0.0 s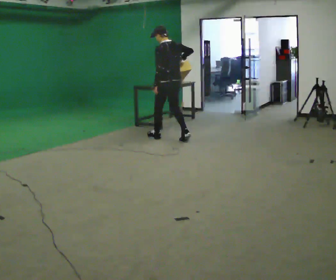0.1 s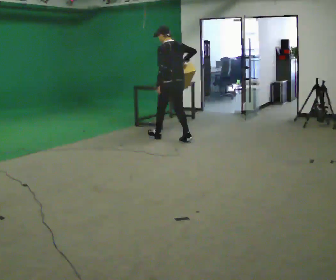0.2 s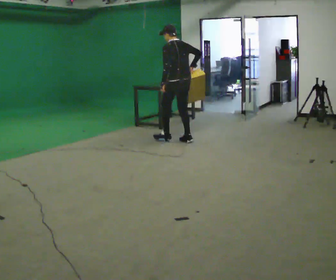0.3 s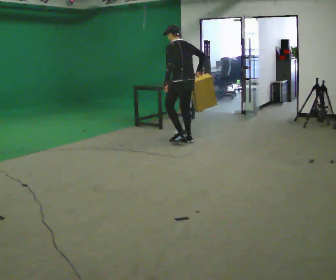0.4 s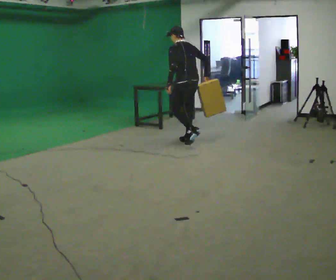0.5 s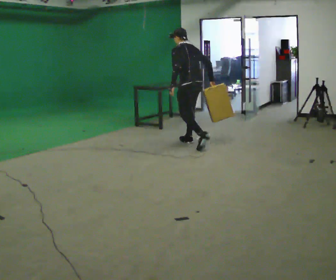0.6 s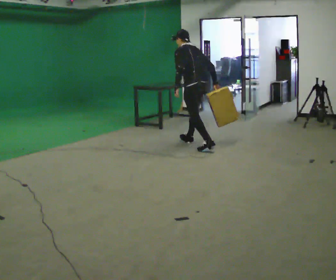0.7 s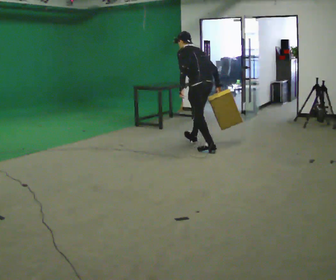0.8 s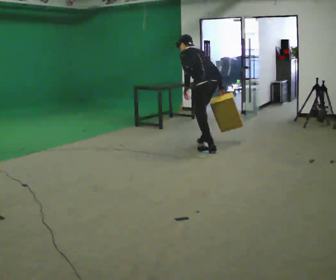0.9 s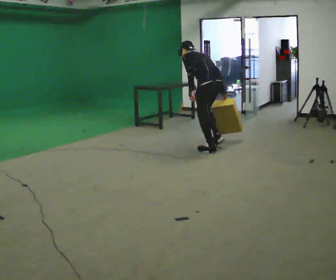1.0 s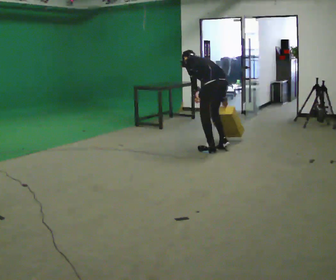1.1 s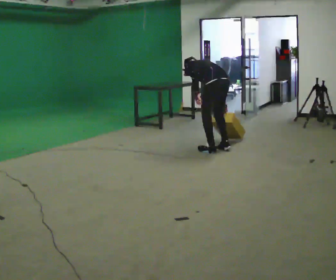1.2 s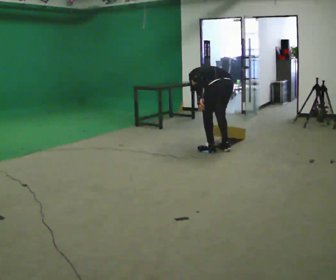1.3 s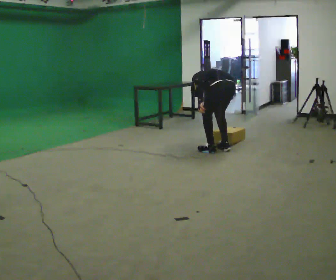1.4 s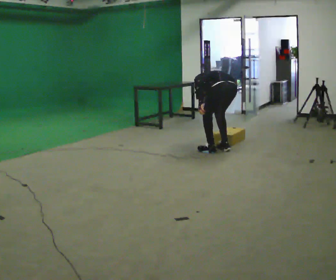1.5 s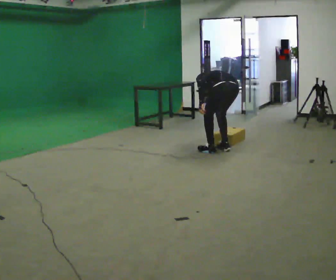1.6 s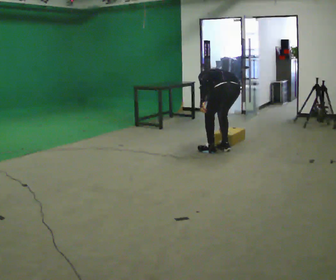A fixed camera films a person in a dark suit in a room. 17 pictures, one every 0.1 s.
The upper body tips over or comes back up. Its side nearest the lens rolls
upward.
The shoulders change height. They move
downward.
0.0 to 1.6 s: In the picture they go to the right and toward the camera, about 1 m in 2 steps, which for them is backward. The upper body goes downward. The upper body tips away from the camera, its near side rolling upward, as they bend forward. In the picture their right hand goes downward.
The film runs backward here.
